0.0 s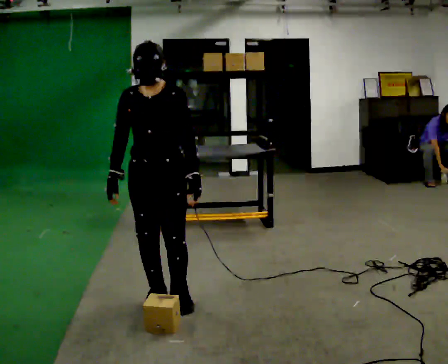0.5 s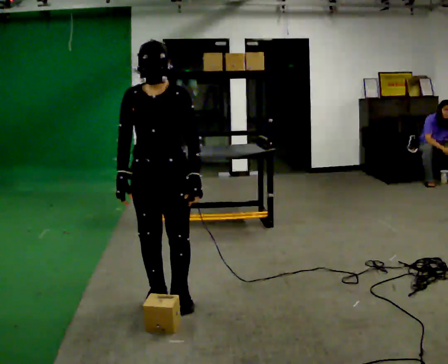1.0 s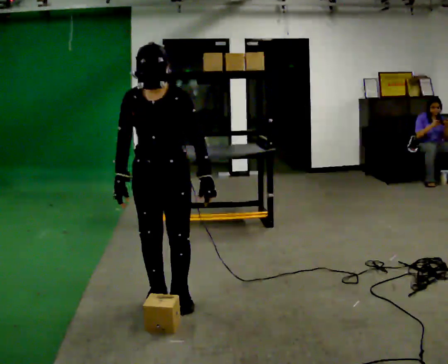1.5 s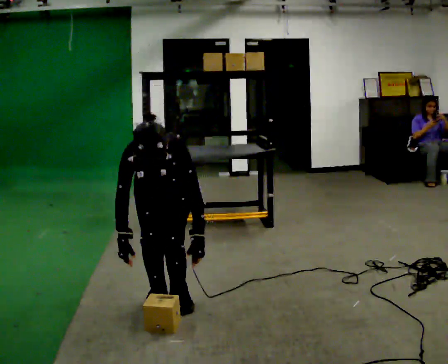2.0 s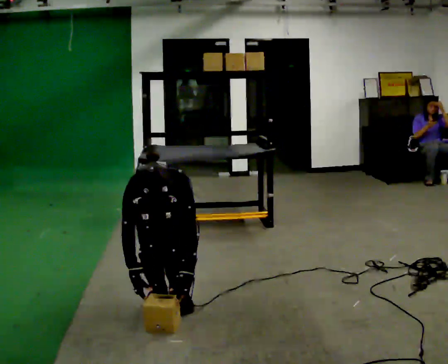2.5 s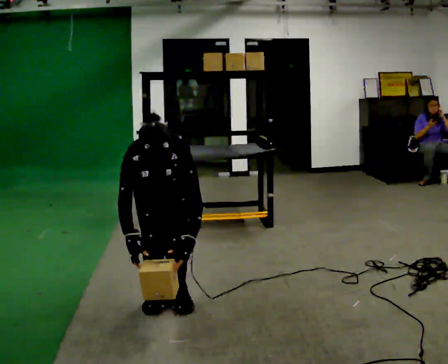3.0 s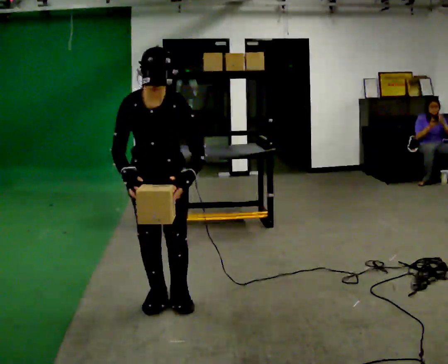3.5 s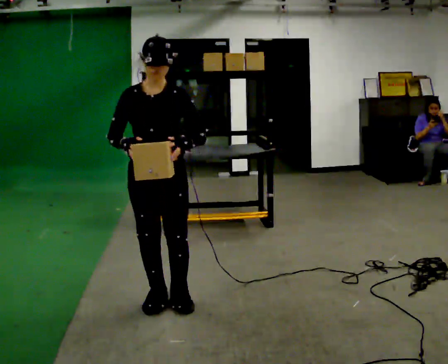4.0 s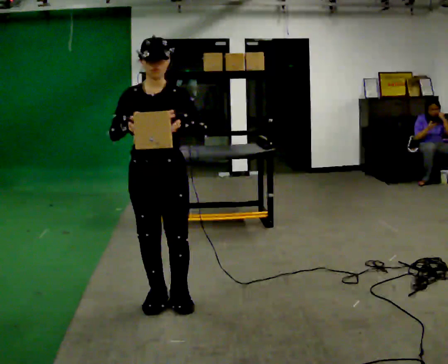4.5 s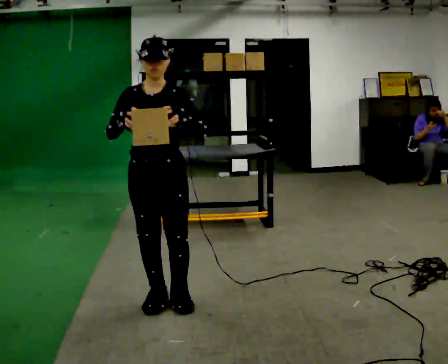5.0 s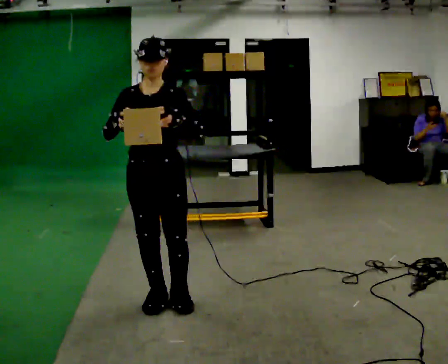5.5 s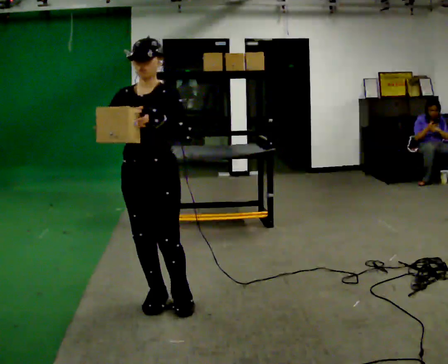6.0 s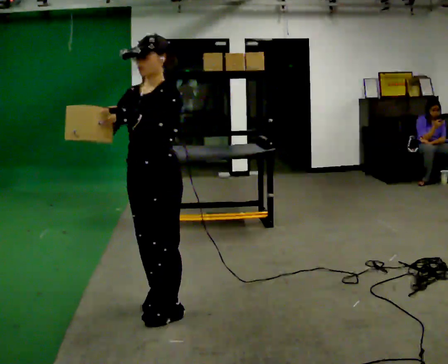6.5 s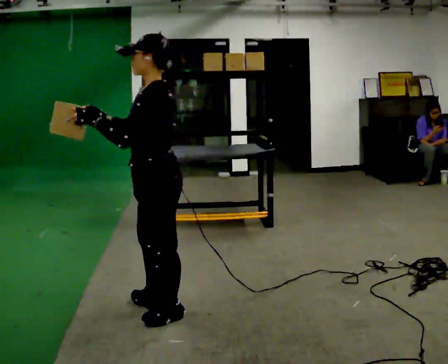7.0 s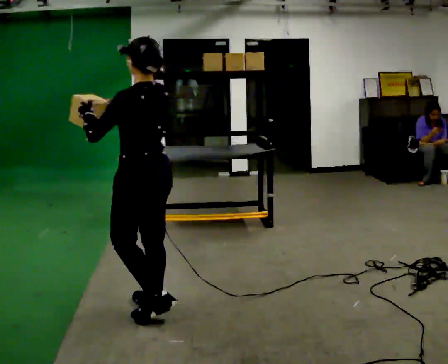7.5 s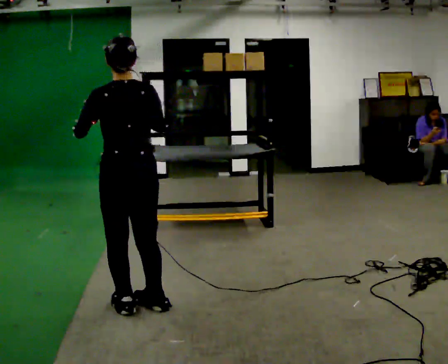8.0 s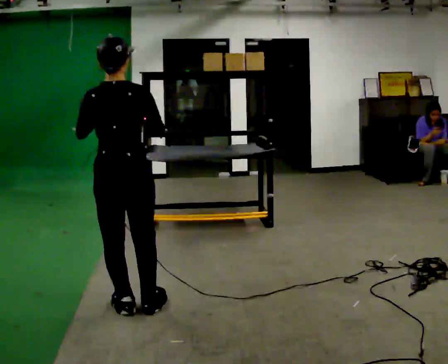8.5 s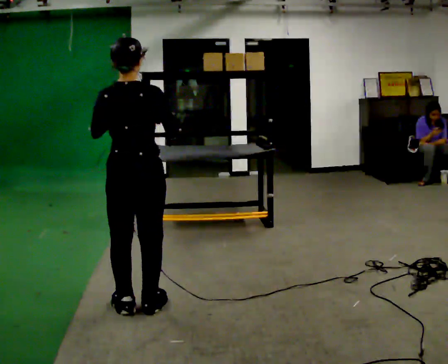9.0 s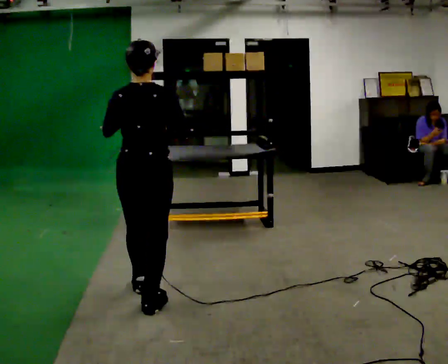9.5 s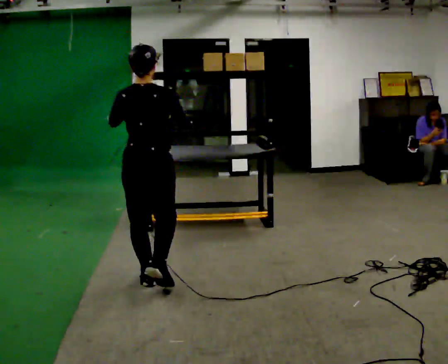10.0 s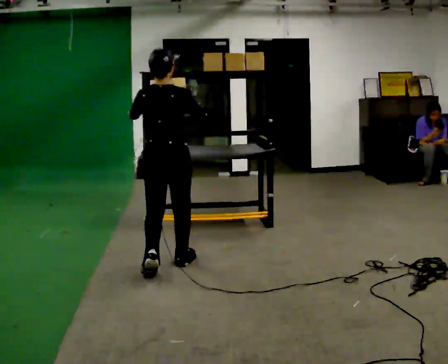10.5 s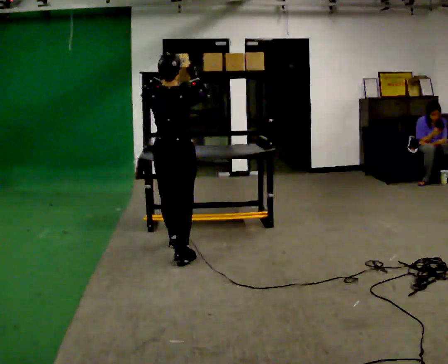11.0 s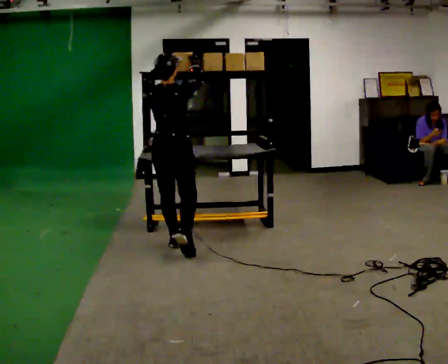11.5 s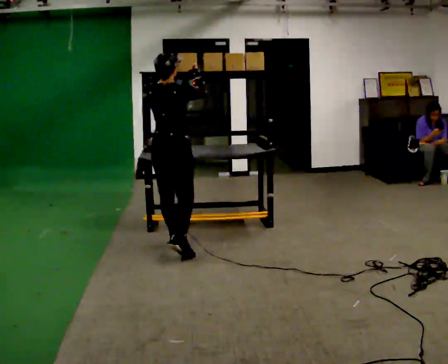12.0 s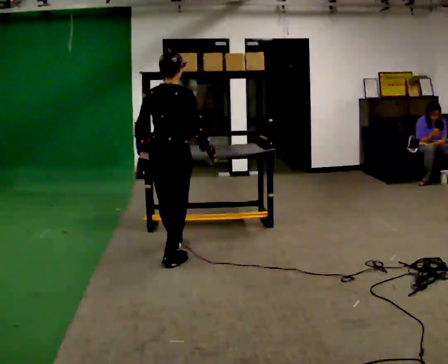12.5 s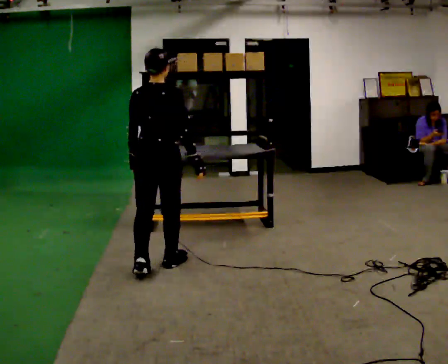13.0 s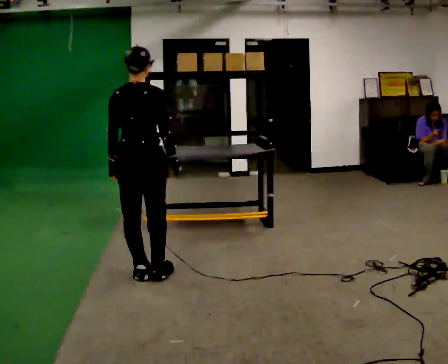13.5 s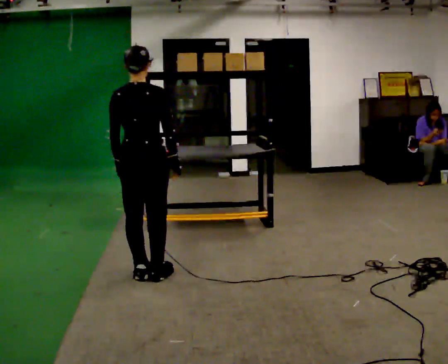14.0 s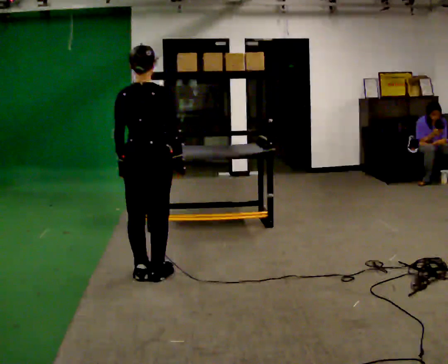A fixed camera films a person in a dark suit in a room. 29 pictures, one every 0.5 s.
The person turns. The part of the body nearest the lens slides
to the left.
The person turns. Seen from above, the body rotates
clockwise.
0.0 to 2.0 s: The shoulders move downward. The upper body tips toward the camera, its near side rolling downward, as they bend forward. In the picture their left hand goes downward.
2.0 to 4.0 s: In the picture they go toward the camera, about 0.25 m, which for them is forward. The upper body goes upward. The upper body tips away from the camera, its near side rolling upward, as they lean back or straighten. In the picture their right hand goes upward.
4.0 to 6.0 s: The person turns about 45 degrees to their right, clockwise seen from above, so the part of the body nearest the lens slides to the left.
6.0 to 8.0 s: The person turns about 135 degrees to their right, clockwise seen from above, so the part of the body nearest the lens slides to the left. In the picture they go to the left, about 0.25 m in 1 step.
8.0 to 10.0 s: In the picture they go away from the camera, about 1 m in 2 steps, which for them is forward.
10.0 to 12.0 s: In the picture they go away from the camera, about 0.25 m in 1 step, which for them is forward. In the picture their right hand goes downward.
12.0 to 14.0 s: In the picture they go toward the camera and to the left, about 0.25 m in 2 steps, which for them is backward.
The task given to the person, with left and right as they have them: Carry the object across the room and place it on the shelf just at the top of your comfortable reach. Keep going until the operator says stop; one object at a time, and do not rush between trips.
The film runs forward here.
